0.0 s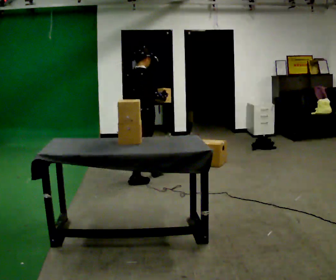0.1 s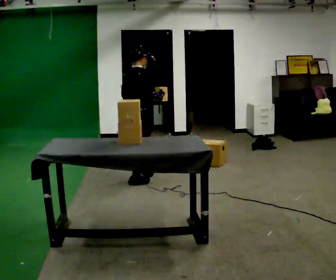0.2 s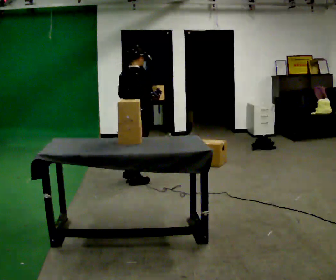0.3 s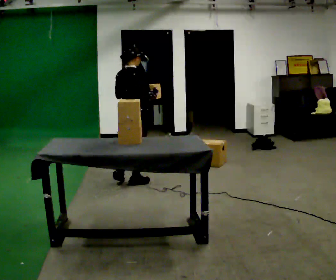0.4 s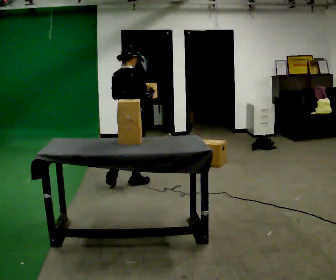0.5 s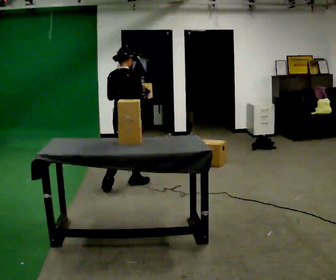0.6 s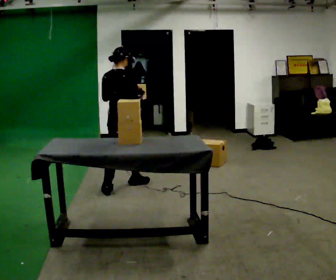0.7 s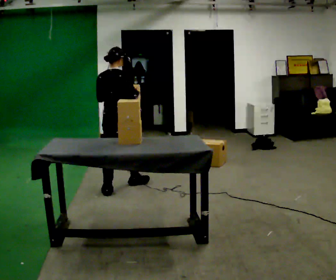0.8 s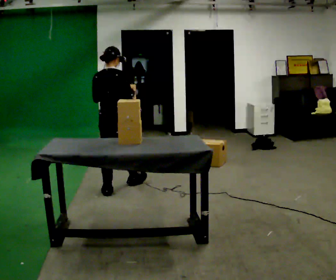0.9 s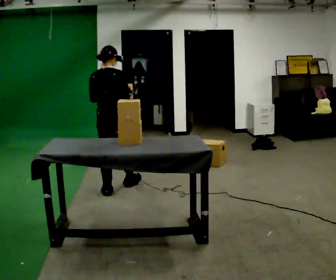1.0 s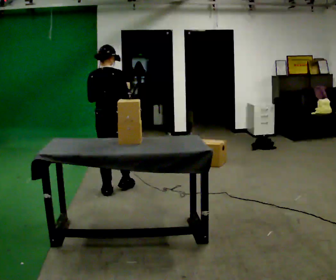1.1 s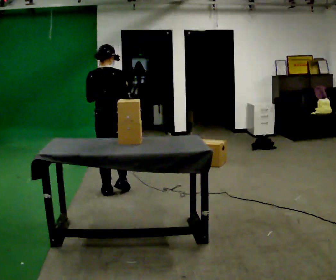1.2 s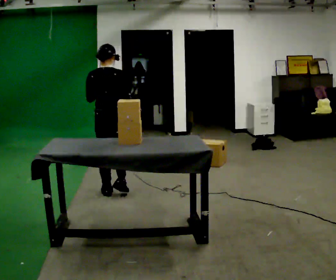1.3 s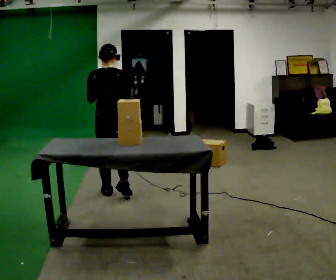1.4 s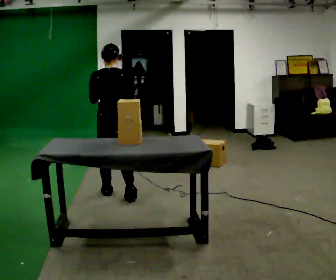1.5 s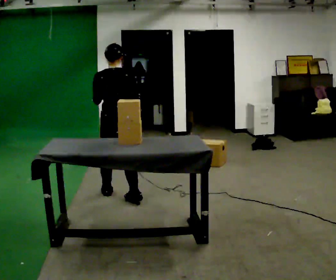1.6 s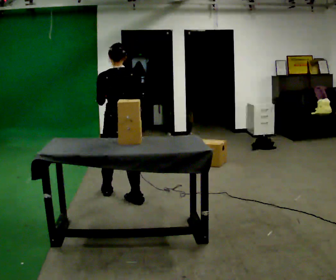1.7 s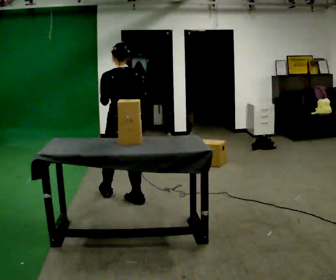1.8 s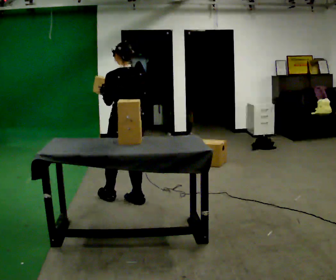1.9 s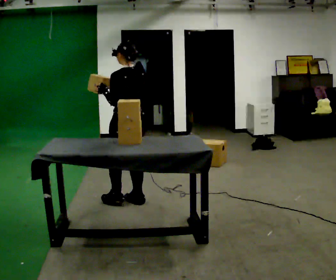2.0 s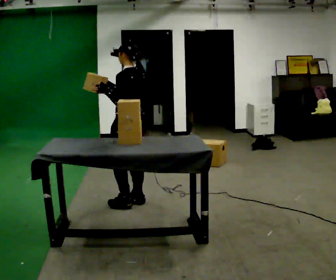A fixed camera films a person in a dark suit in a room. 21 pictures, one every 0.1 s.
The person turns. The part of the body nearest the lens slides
to the right.
The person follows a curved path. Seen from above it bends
counterclockwise.
0.0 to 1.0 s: The part of the body nearest the lens slides to the right as the person turns to their left by about 30 degrees. In the picture they go to the left and toward the camera, about 0.5 m in 1 step, which for them is backward.
1.0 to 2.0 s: The person turns about 75 degrees to their left, counterclockwise seen from above, so the part of the body nearest the lens slides to the right. In the picture they go toward the camera and to the right, about 0.25 m in 1 step.
The film runs backward here.
